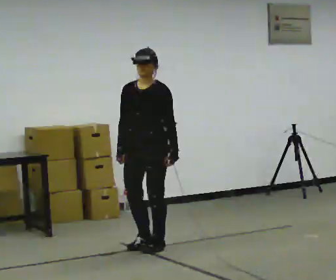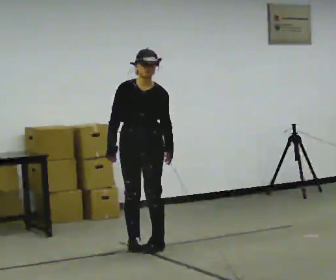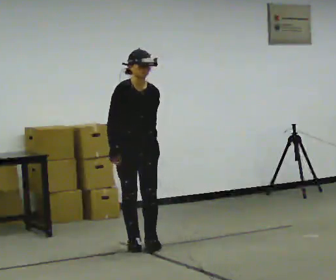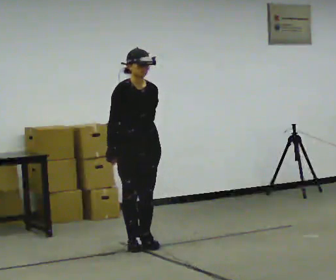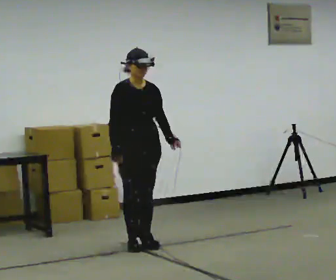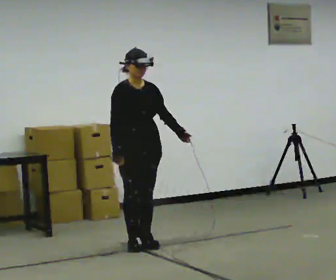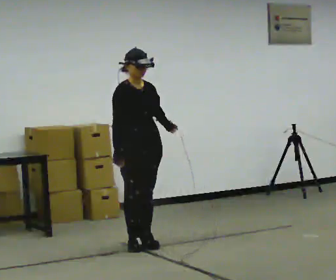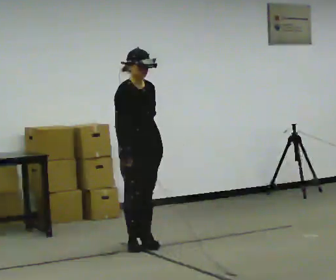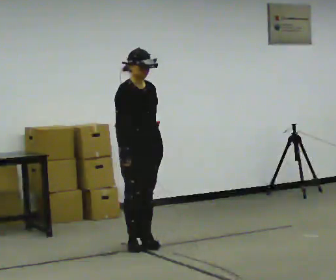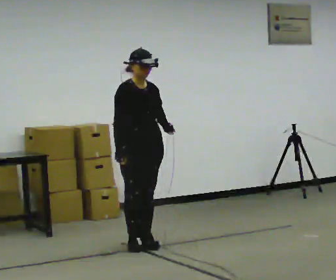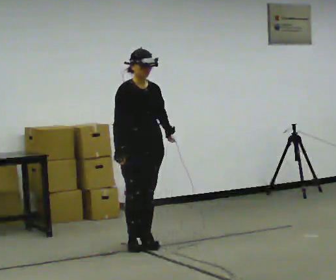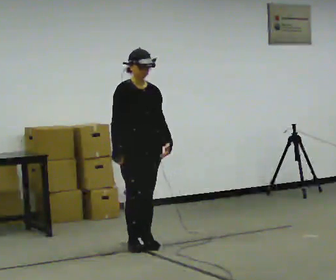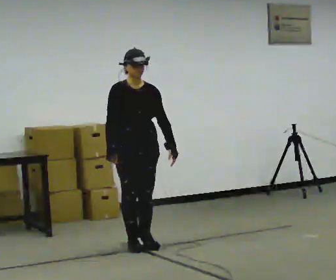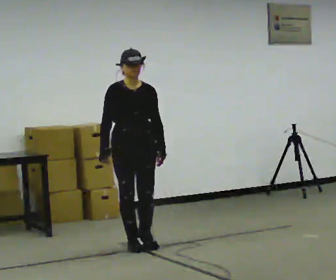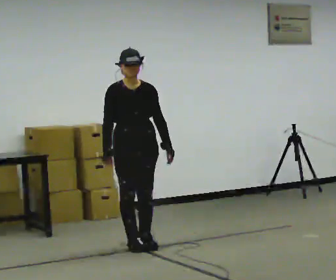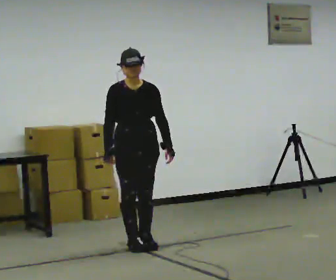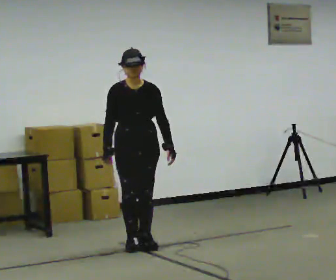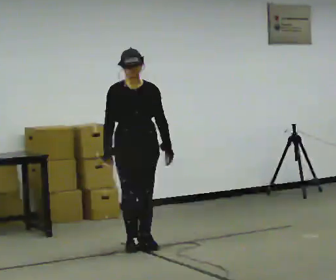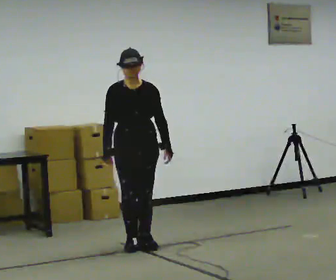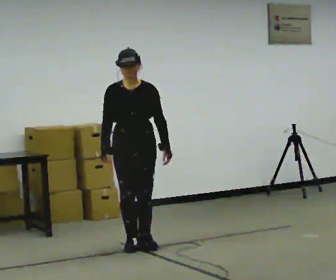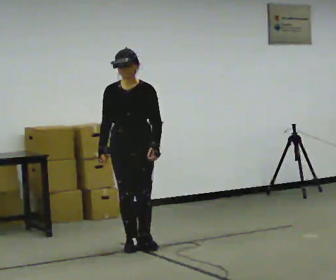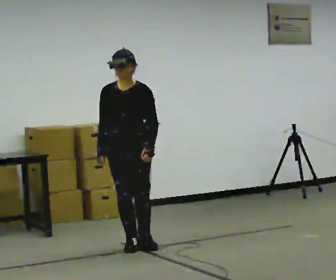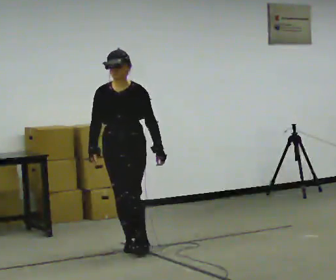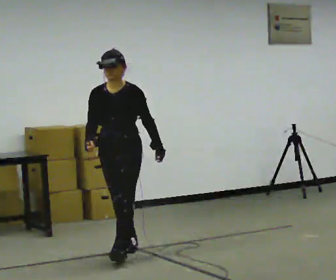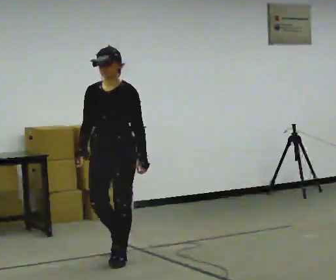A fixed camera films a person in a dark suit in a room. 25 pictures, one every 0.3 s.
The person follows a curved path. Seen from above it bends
counterclockwise.
0.0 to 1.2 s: The part of the body nearest the lens slides to the right as the person turns to their left by about 45 degrees.
1.2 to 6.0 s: The part of the body nearest the lens slides to the left as the person turns to their right by about 30 degrees.
6.0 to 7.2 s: In the picture they go toward the camera, about 0.5 m in 1 step, which for them is forward.
The film runs forward here.
